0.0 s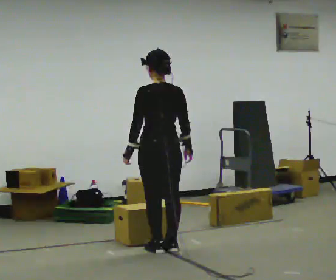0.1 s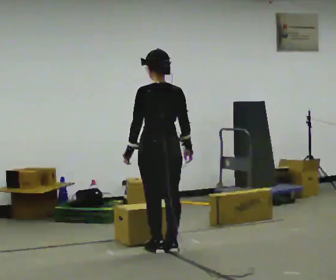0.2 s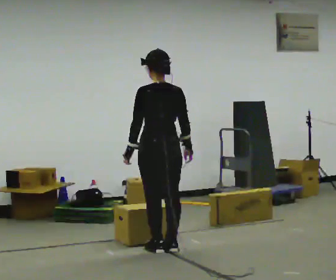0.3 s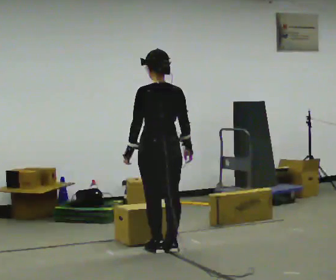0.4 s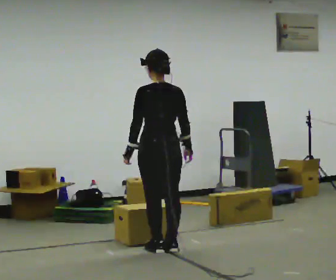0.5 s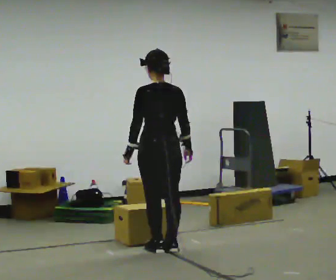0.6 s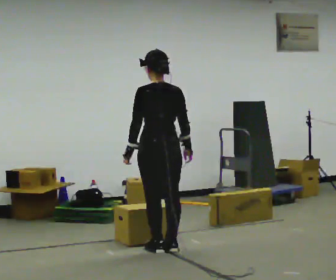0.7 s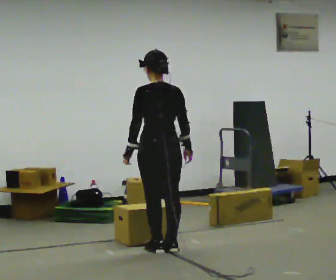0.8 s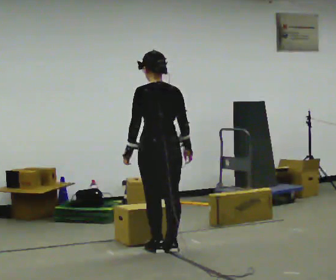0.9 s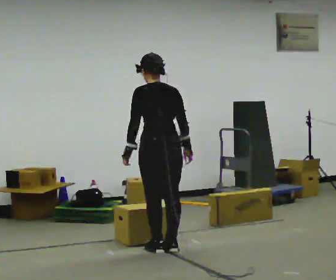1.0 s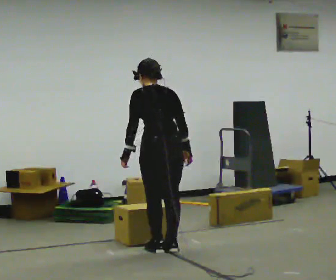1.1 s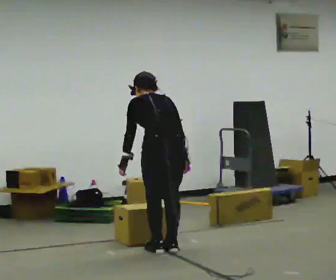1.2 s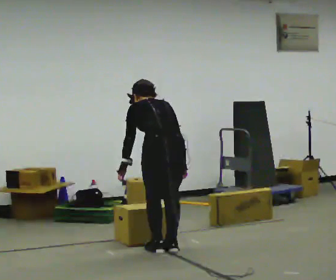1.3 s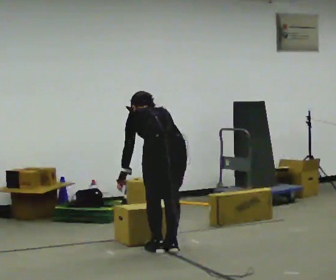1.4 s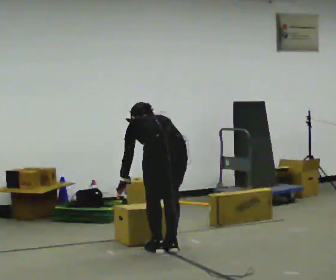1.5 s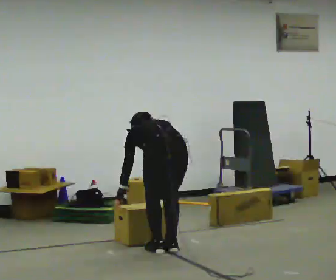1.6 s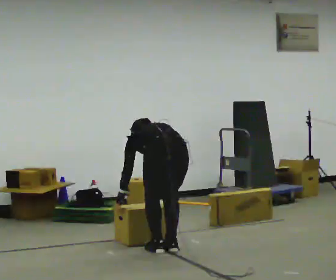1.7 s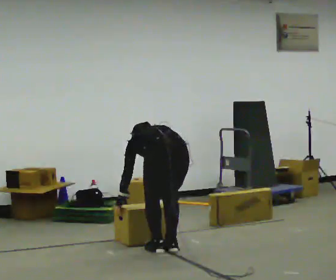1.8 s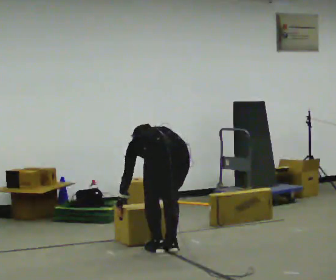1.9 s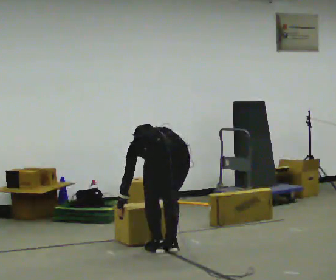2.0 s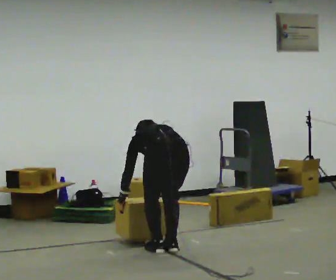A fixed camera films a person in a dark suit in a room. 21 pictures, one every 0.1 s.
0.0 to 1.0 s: The upper body tips away from the camera, its near side rolling upward, as they bend forward.
1.0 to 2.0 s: The shoulders move downward. The upper body tips away from the camera, its near side rolling upward, as they bend forward. In the picture their right hand goes downward.
The film runs forward here.
